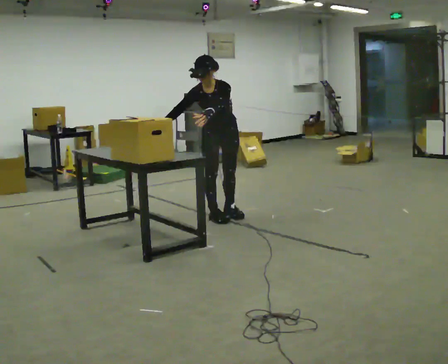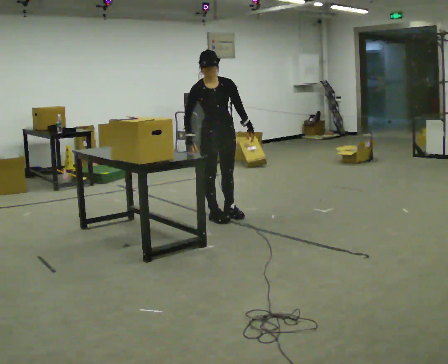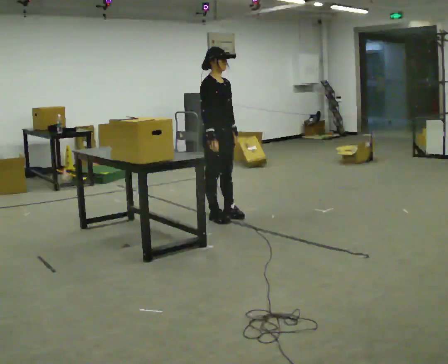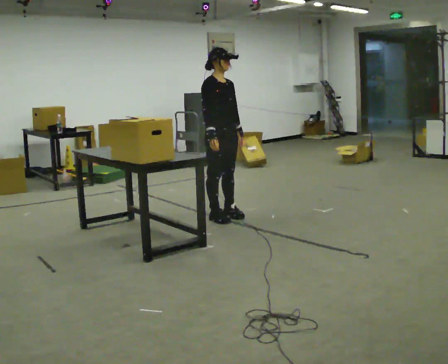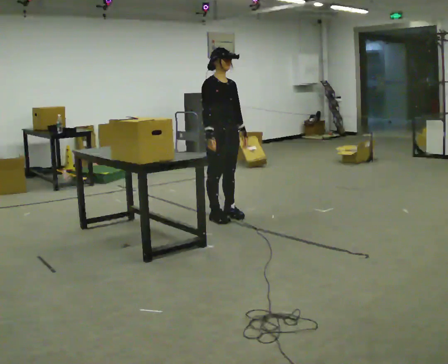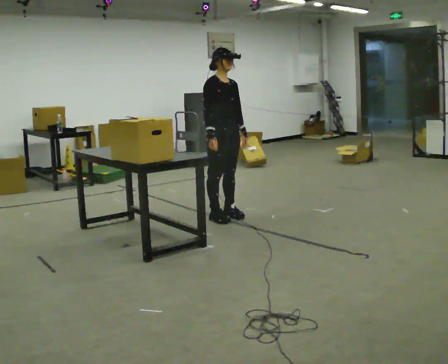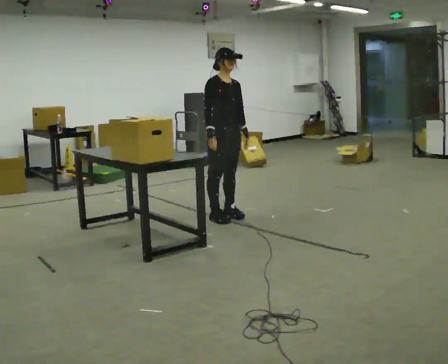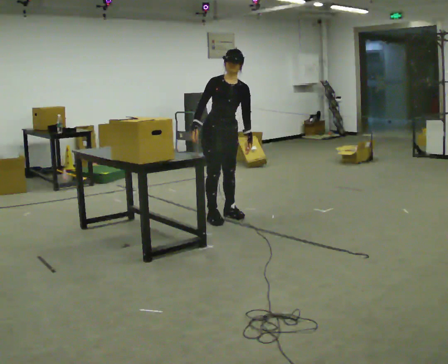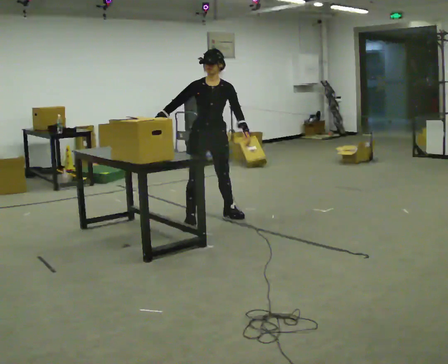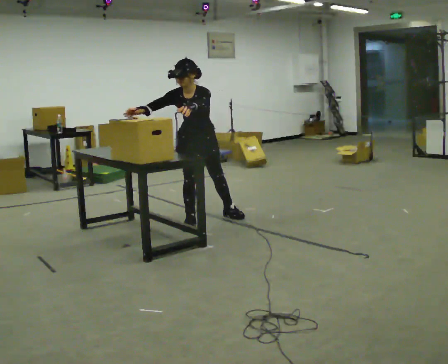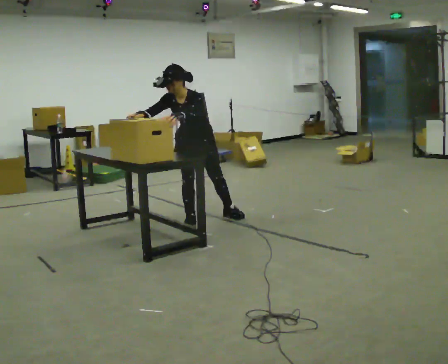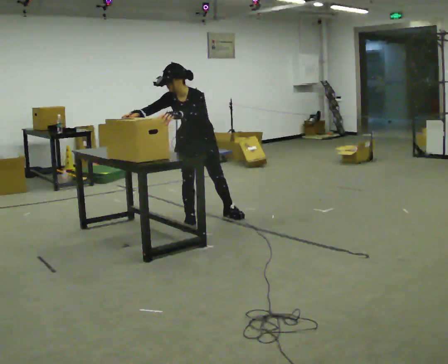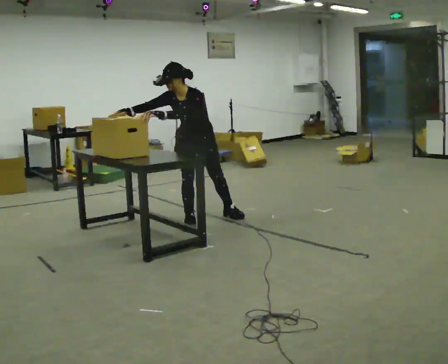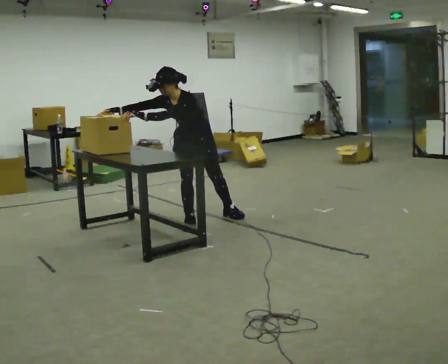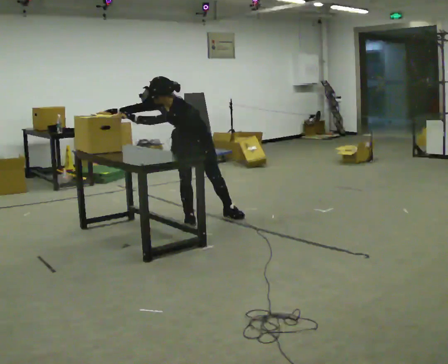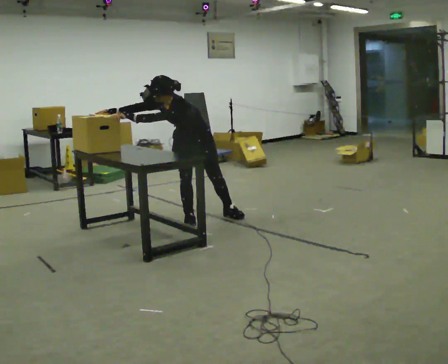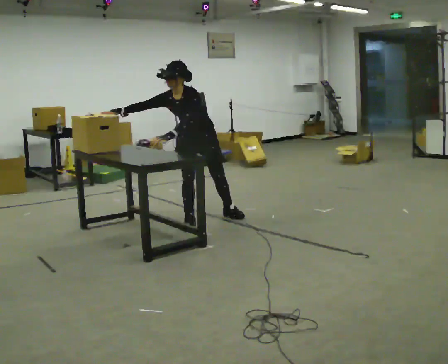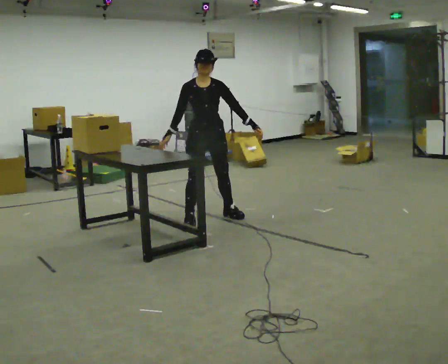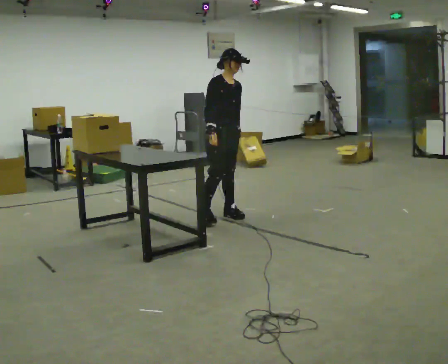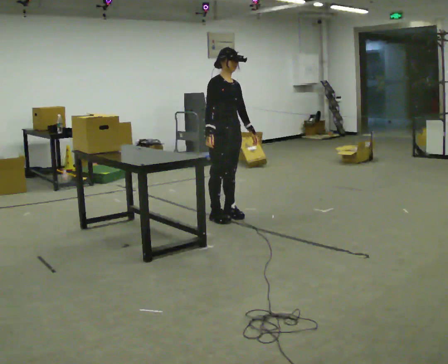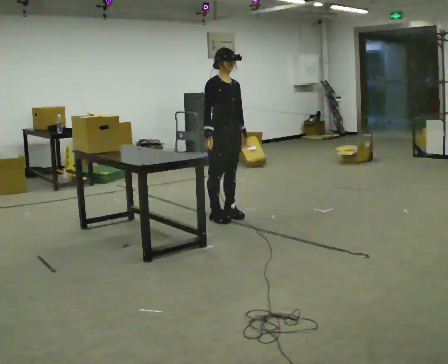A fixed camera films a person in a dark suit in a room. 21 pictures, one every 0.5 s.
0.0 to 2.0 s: The part of the body nearest the lens slides to the right as the person turns to their left by about 45 degrees. The upper body tips away from the camera, its near side rolling upward, as they lean back or straighten. In the picture their left hand goes to the right.
2.0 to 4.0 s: Seen from above the body turns clockwise, about 45 degrees: to their right, with its near side sliding to the left. In the picture their right hand goes to the left, the arm swinging clockwise.
4.0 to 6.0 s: The upper body tips toward the camera, its near side rolling downward, as they bend forward. In the picture their left hand goes to the left.
6.0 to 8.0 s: The person moves a little, or ends about where they began.
8.0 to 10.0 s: The person turns about 60 degrees to their left, counterclockwise seen from above, so the part of the body nearest the lens slides to the right. In the picture they go to the right, about 0.25 m in 1 step. The upper body tips away from the camera, its near side rolling upward, as they lean back or straighten.
The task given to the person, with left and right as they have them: Move the objects one at a time between the far targets the operator calls, without moving your feet. Repeat at your own pace until the operator says stop. Keep both feet on the marked spots for the whole take. If you have to step, stop and tell the operator.
The film runs forward here.
